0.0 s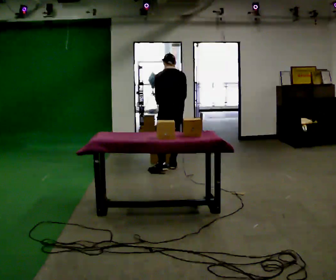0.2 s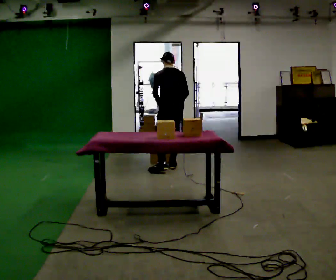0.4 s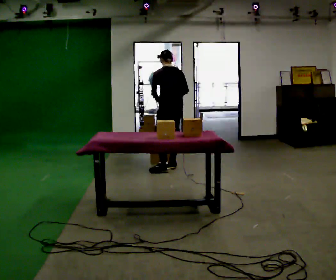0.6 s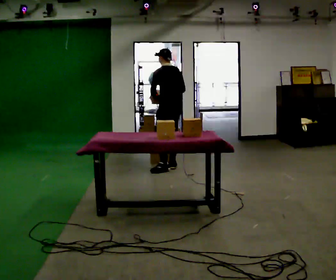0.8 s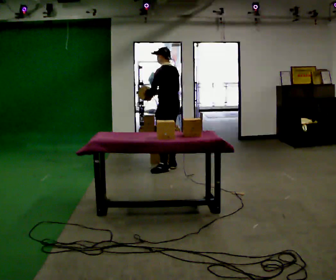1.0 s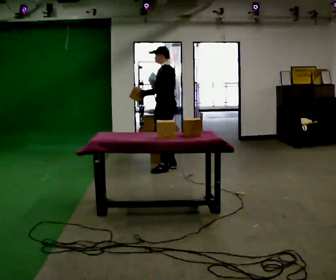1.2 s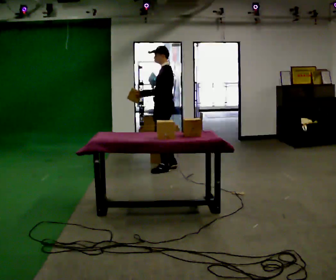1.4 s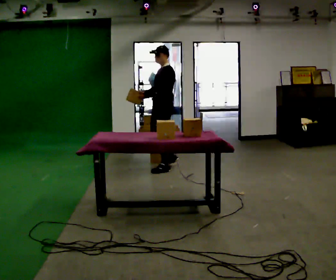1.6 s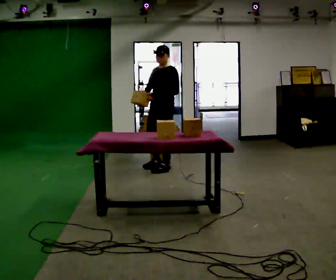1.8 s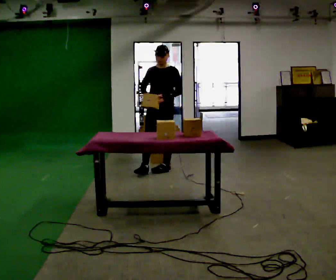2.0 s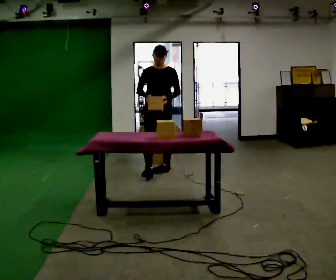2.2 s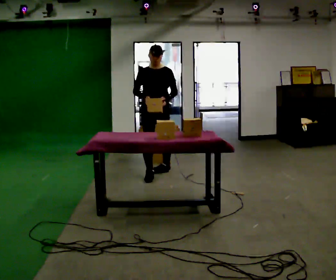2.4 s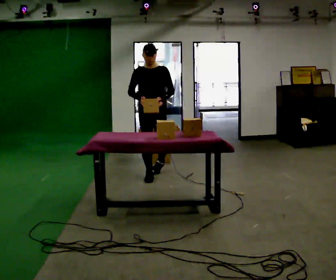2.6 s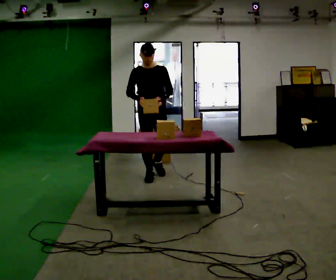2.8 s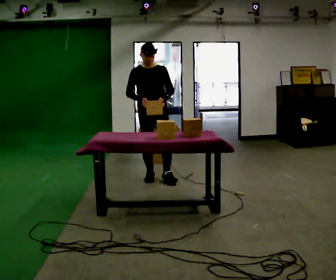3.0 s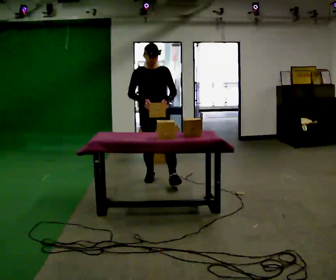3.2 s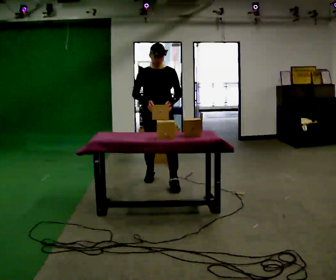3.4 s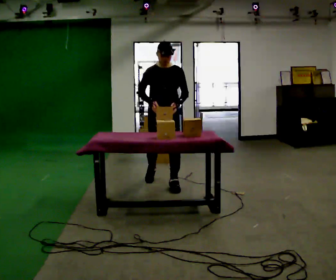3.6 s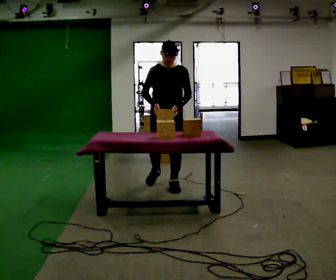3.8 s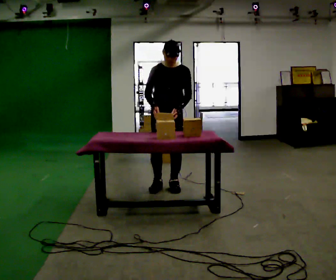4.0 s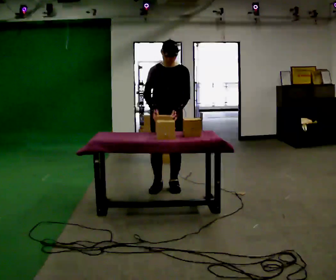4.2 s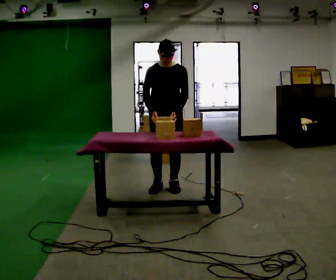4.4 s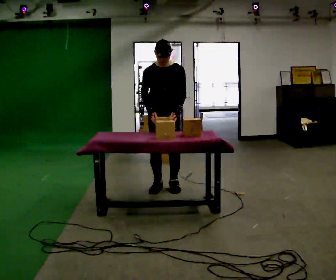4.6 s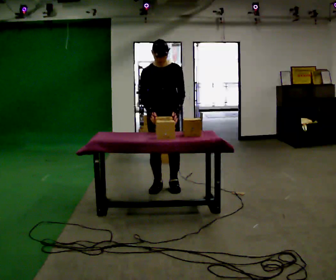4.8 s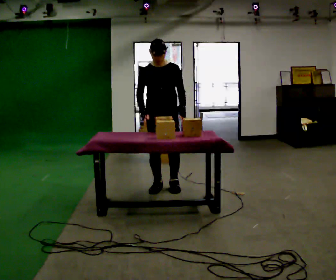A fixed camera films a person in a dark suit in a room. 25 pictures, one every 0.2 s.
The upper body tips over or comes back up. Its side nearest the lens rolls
downward.
The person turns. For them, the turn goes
to their left.
0.0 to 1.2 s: The part of the body nearest the lens slides to the right as the person turns to their left by about 75 degrees. The upper body tips toward the camera, its near side rolling downward, as they lean back or straighten. In the picture their right hand goes to the left, the arm swinging clockwise.
1.2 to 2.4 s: The part of the body nearest the lens slides to the right as the person turns to their left by about 105 degrees. In the picture they go toward the camera and to the left, about 0.5 m in 1 step.
2.4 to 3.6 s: In the picture they go toward the camera and to the right, about 0.5 m in 1 step, which for them is forward.
3.6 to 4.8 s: The person moves a little, or ends about where they began.
The film runs forward here.
